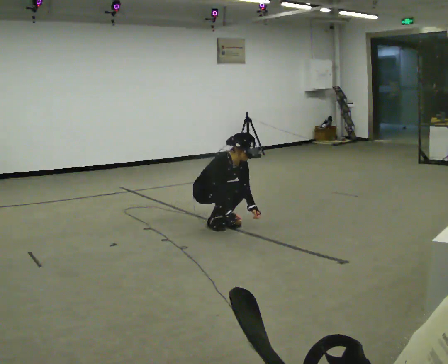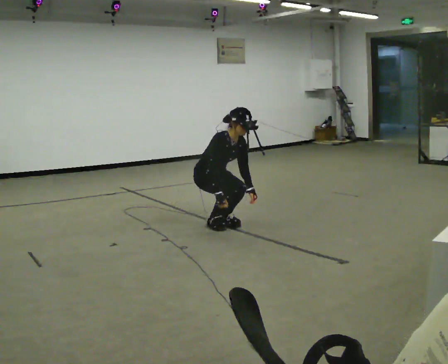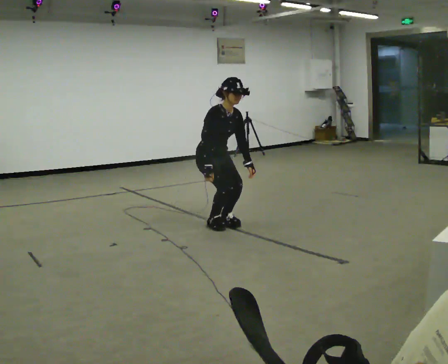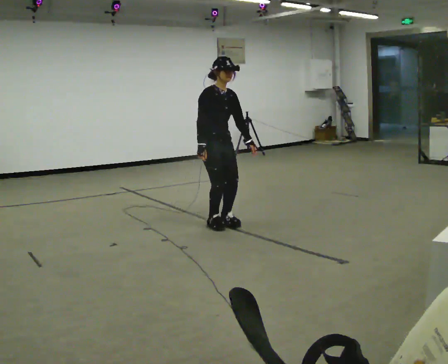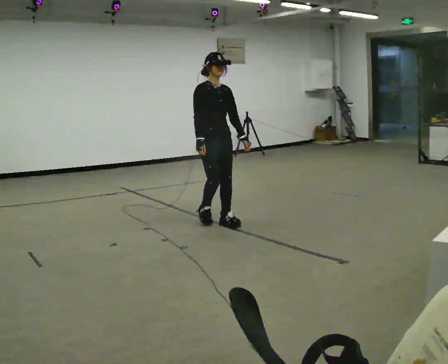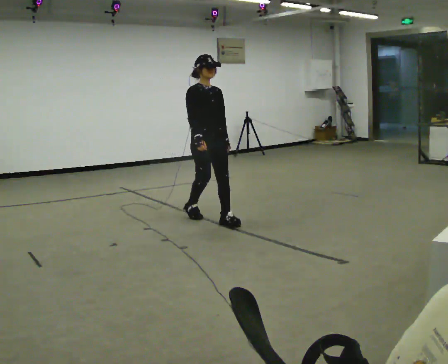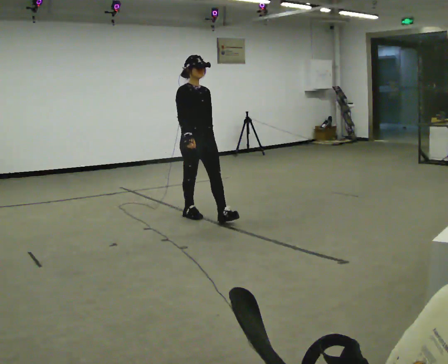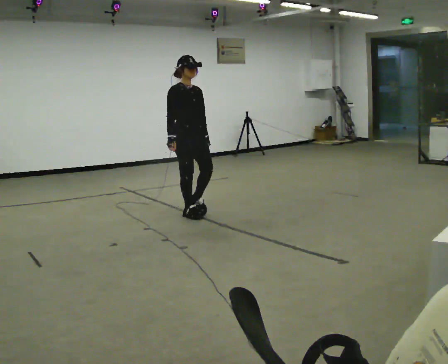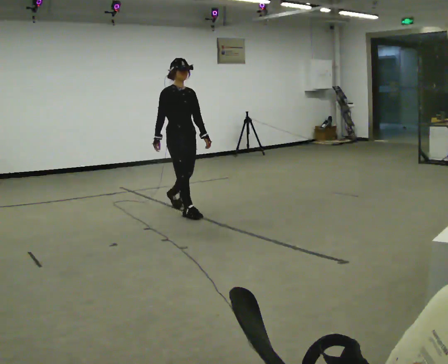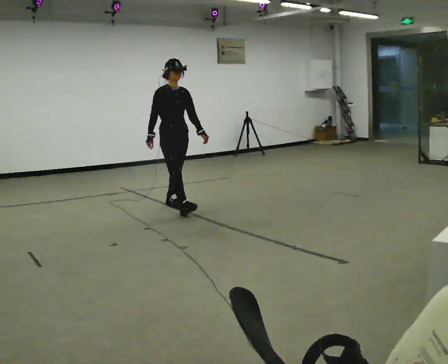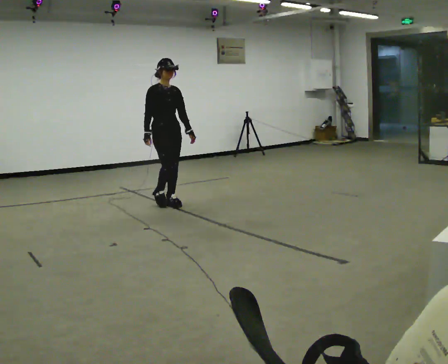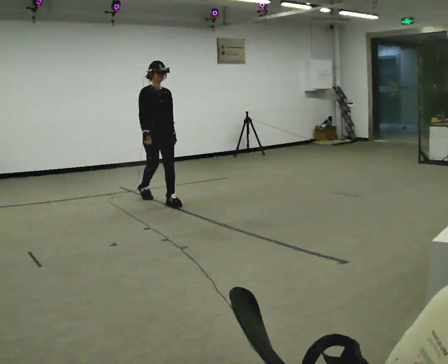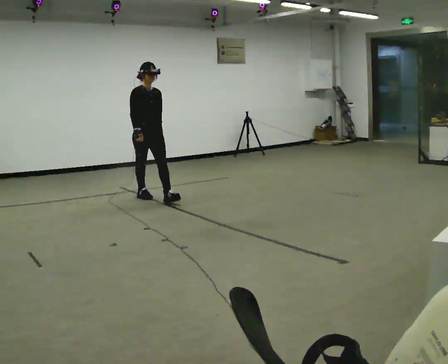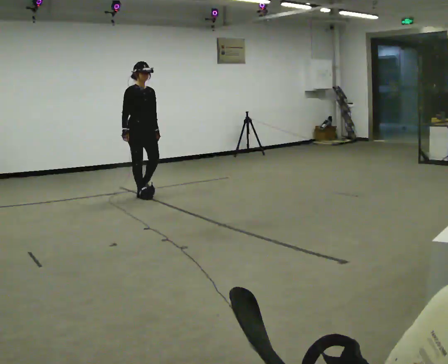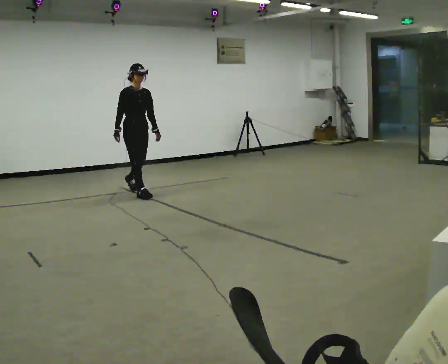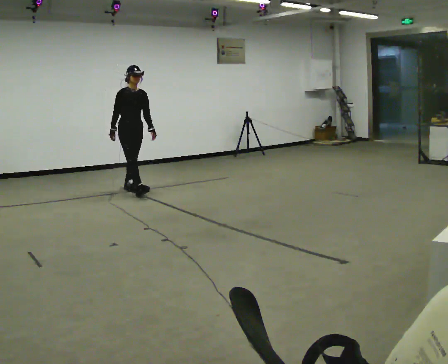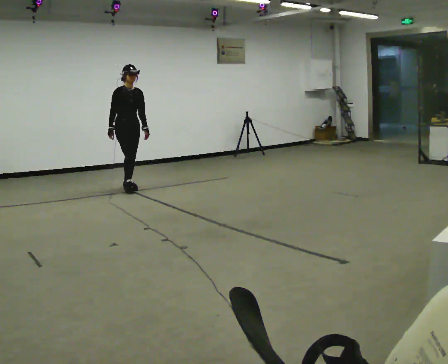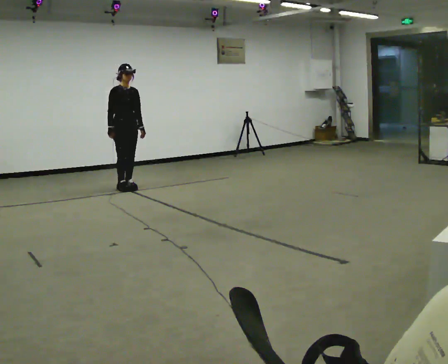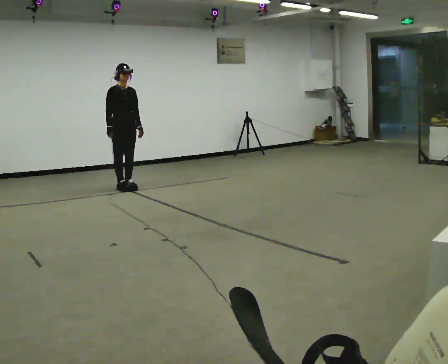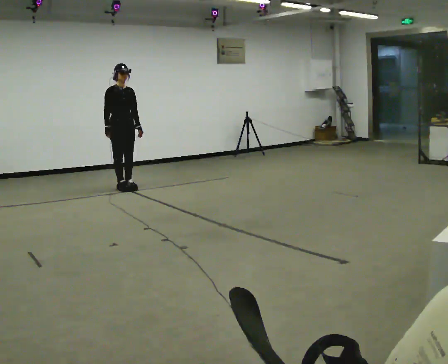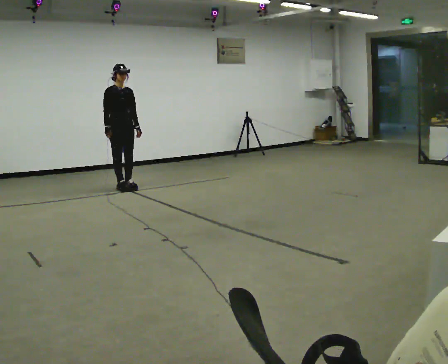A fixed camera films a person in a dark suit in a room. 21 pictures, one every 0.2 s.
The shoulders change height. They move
upward.
The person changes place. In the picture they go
away from the camera.
0.0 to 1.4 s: In the picture they go away from the camera and to the left, about 0.25 m in 2 steps, which for them is backward. The upper body goes upward. The upper body tips away from the camera, its near side rolling upward, as they lean back or straighten. In the picture their right hand goes upward.
1.4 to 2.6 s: In the picture they go away from the camera and to the left, about 1 m in 2 steps, which for them is backward.
2.6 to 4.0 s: In the picture they go away from the camera and to the left, about 0.5 m in 1 step, which for them is backward.
The film runs backward here.
